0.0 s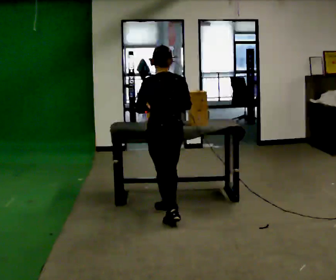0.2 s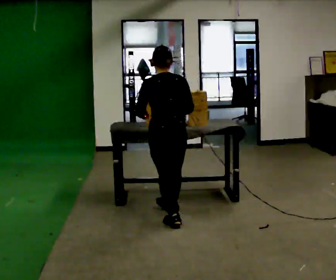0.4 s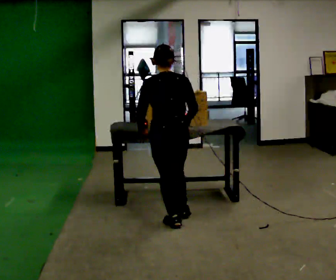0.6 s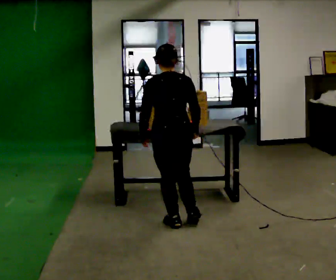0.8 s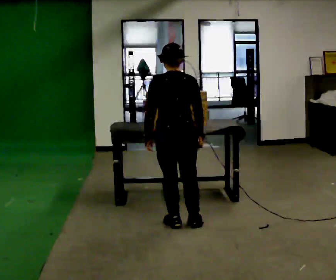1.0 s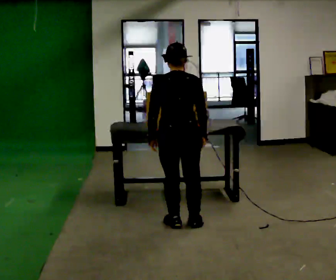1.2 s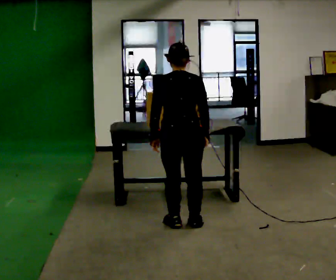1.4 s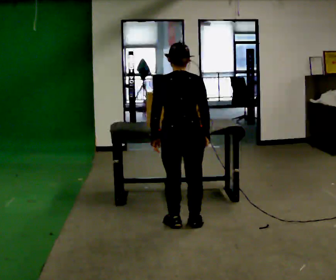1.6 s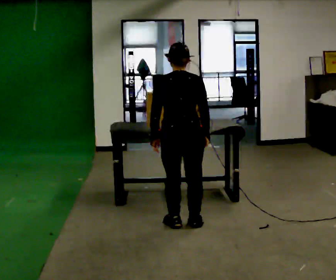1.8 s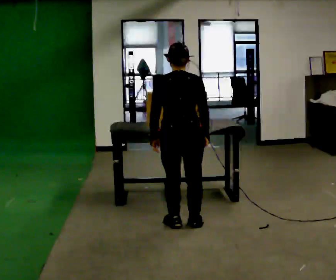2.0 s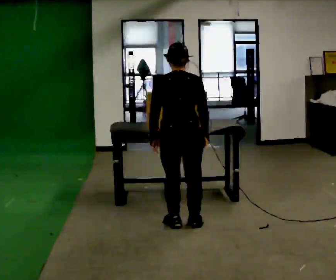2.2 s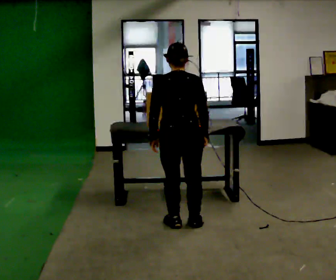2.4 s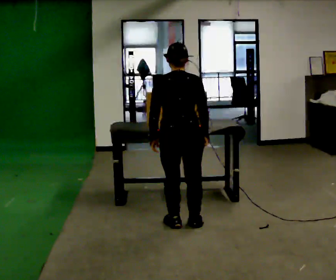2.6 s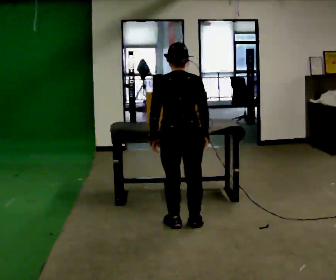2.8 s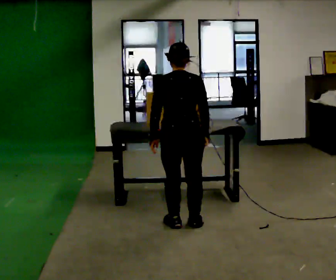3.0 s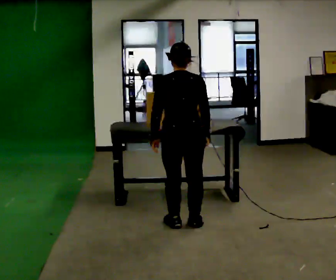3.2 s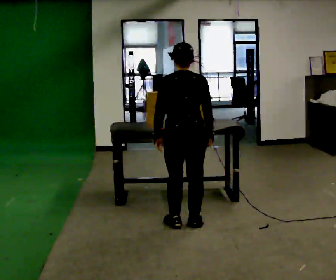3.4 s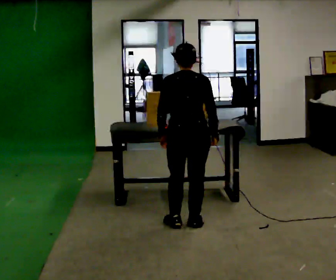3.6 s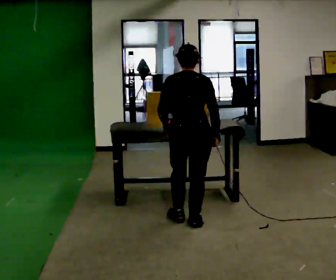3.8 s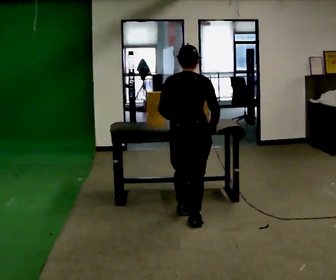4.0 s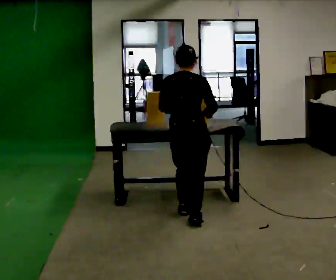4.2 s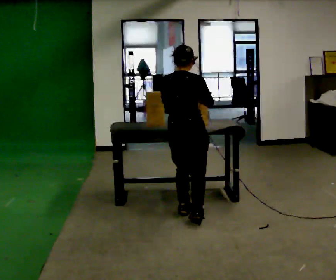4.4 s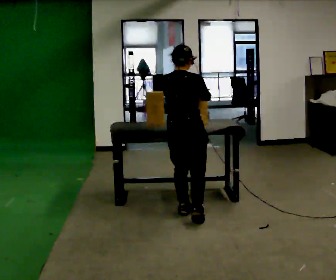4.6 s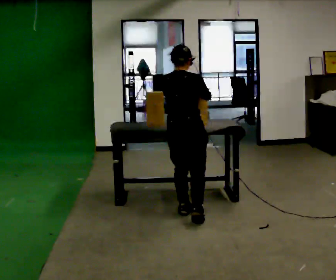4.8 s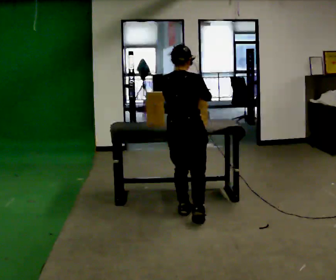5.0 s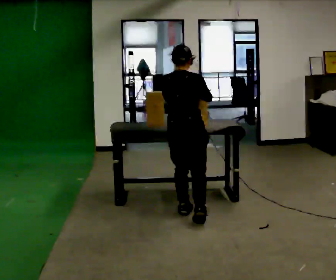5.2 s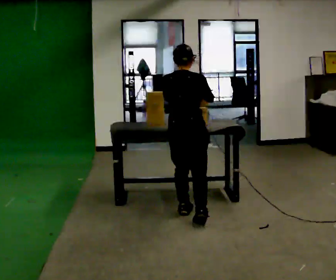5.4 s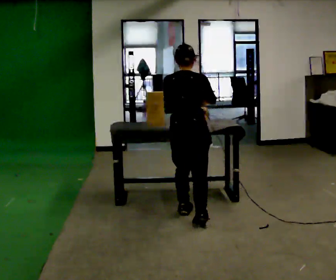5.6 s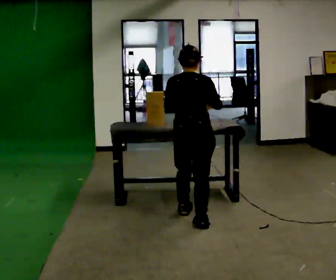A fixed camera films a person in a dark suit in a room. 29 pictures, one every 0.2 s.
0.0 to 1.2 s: In the picture they go toward the camera, about 0.25 m in 1 step, which for them is backward.
1.2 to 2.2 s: The person keeps their place and pose.
2.2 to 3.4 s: The person moves a little, or ends about where they began.
3.4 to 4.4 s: The part of the body nearest the lens slides to the left as the person turns to their right by about 30 degrees. In the picture they go away from the camera, about 0.25 m in 1 step, which for them is forward.
4.4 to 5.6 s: In the picture they go toward the camera, about 0.25 m, which for them is backward.
The film runs backward here.
